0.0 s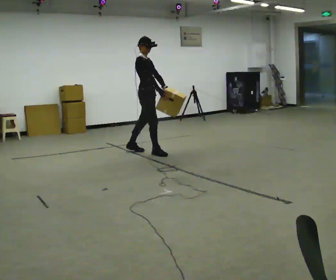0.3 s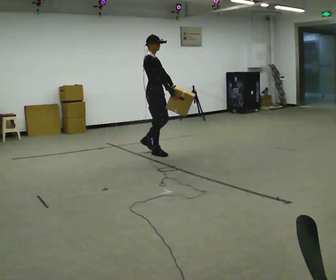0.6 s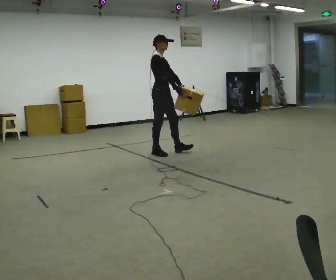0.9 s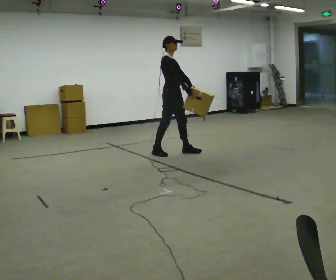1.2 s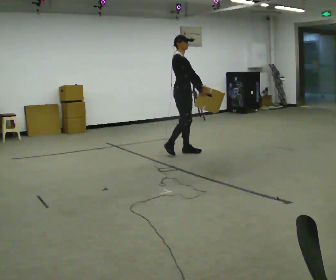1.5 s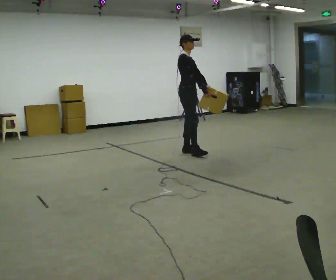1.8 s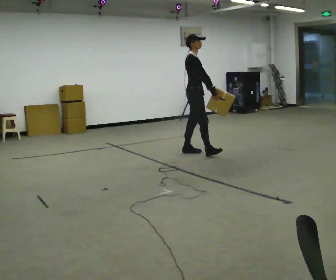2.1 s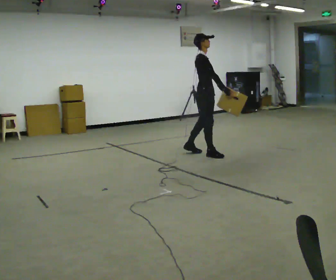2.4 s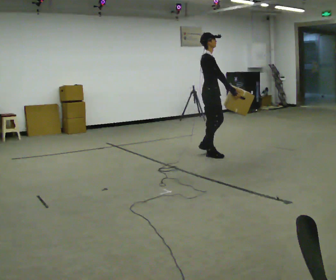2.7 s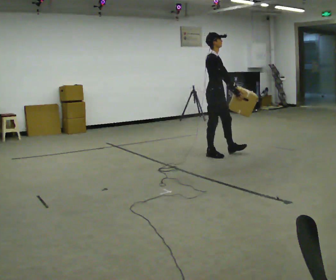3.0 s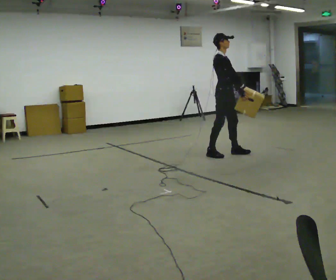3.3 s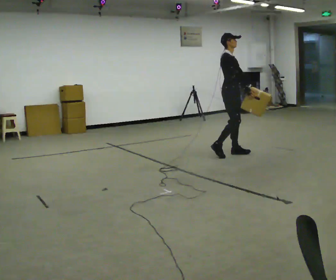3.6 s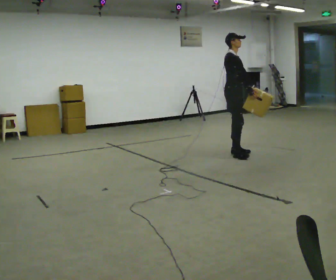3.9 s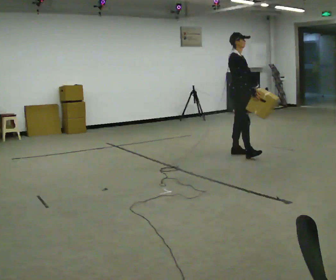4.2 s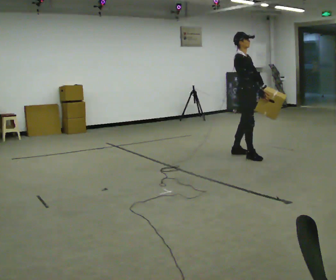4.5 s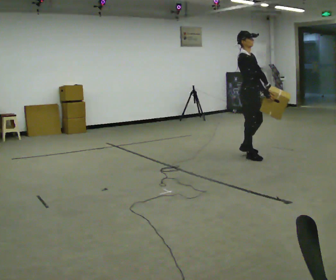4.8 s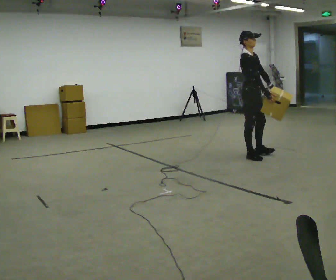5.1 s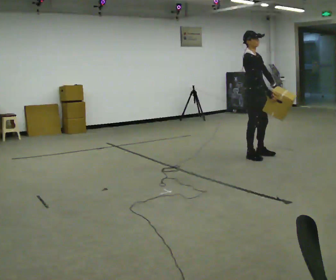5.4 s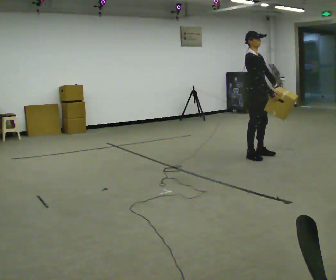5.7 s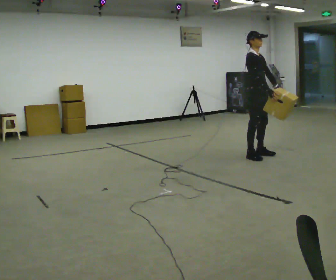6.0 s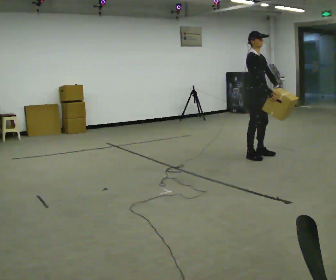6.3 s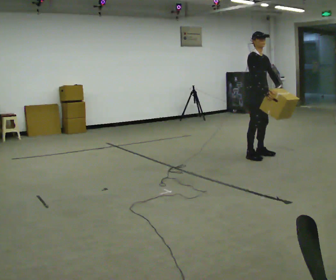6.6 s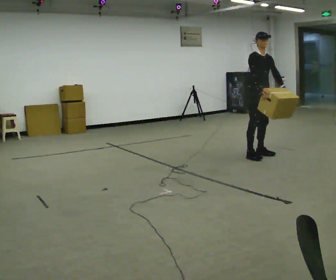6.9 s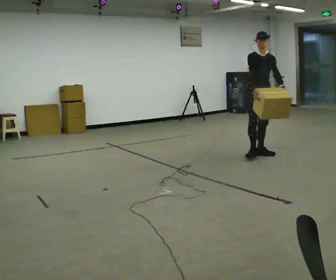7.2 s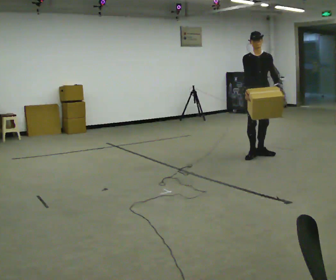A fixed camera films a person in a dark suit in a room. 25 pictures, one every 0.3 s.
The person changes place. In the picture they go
to the right.
0.0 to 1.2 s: In the picture they go to the right, about 0.5 m in 1 step, which for them is forward.
1.2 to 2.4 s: In the picture they go to the right, about 0.5 m in 1 step, which for them is forward and to their right.
2.4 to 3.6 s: In the picture they go to the right, about 0.25 m in 1 step, which for them is forward and to their left.
3.6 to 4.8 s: In the picture they go to the right and toward the camera, about 0.25 m in 2 steps, which for them is forward and to their right.
4.8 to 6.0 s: The person moves a little, or ends about where they began.
6.0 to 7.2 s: Seen from above the body turns clockwise, about 45 degrees: to their right, with its near side sliding to the left.
The film runs forward here.
